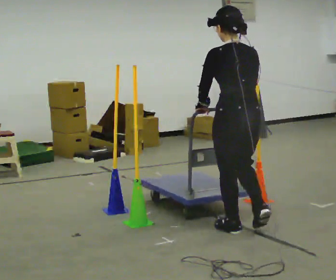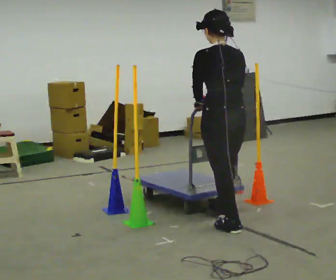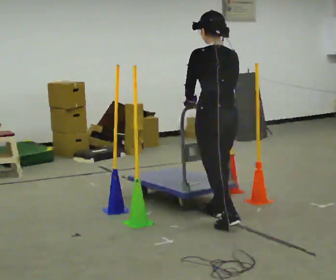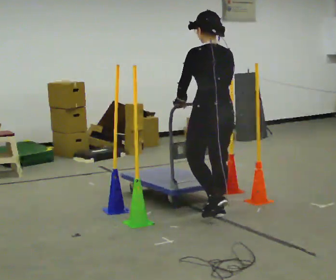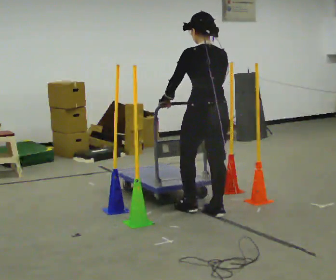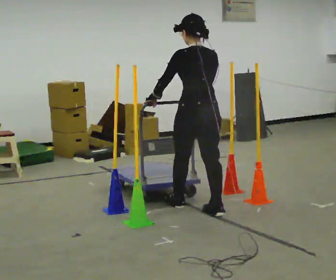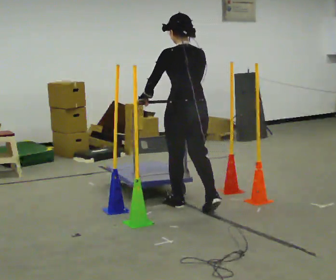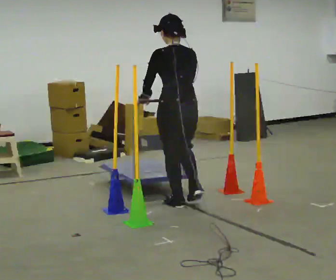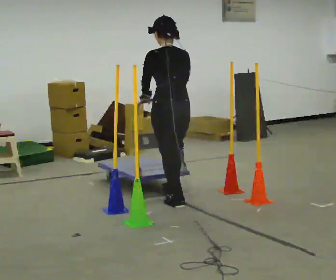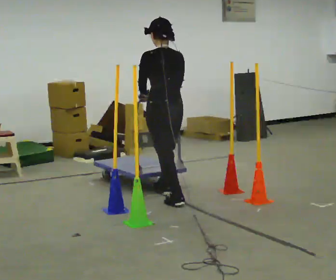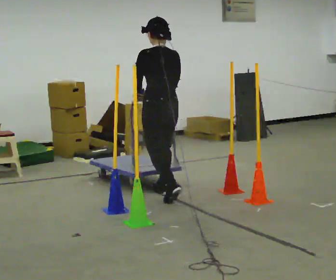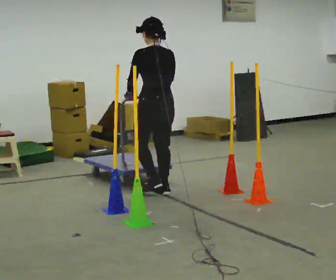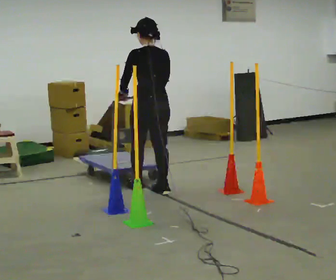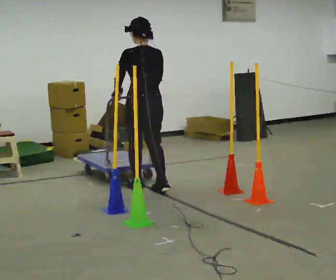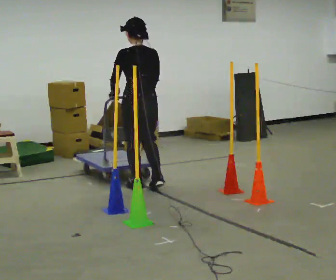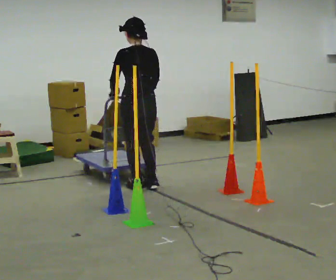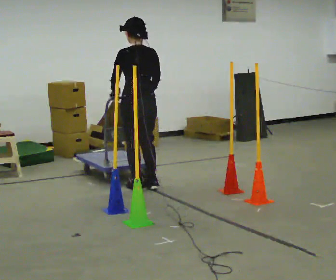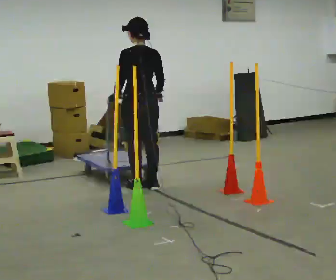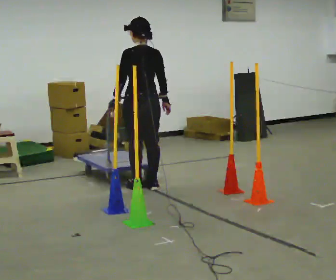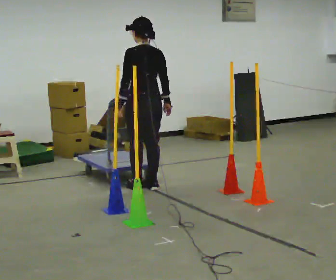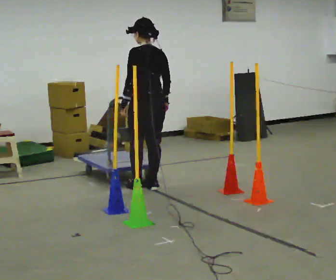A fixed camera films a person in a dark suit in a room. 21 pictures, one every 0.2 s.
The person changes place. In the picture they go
away from the camera.
0.0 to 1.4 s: In the picture they go away from the camera and to the left, about 1 m in 2 steps, which for them is forward.
1.4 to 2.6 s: In the picture they go away from the camera and to the left, about 0.75 m in 2 steps, which for them is forward.
2.6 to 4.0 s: The person moves a little, or ends about where they began.
The film runs forward here.
